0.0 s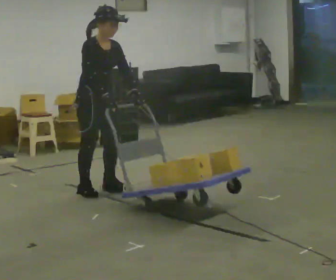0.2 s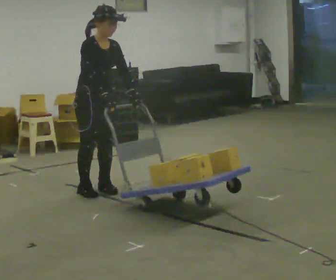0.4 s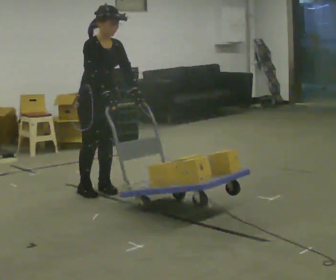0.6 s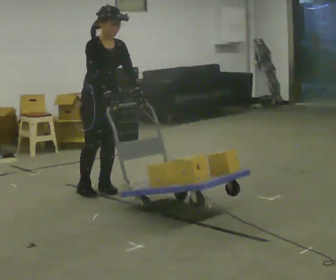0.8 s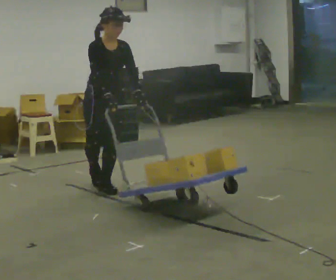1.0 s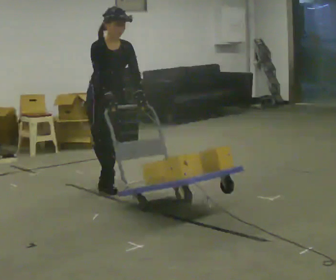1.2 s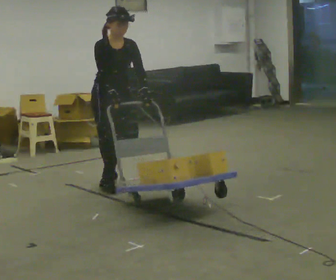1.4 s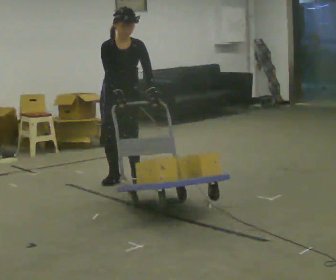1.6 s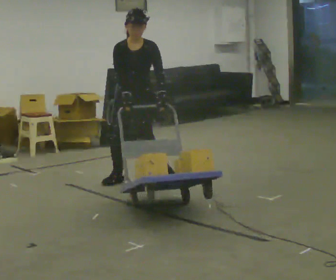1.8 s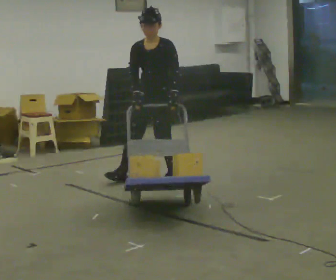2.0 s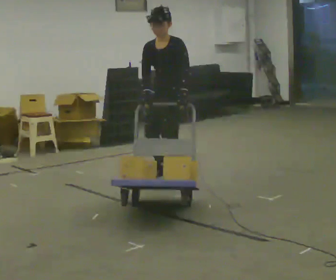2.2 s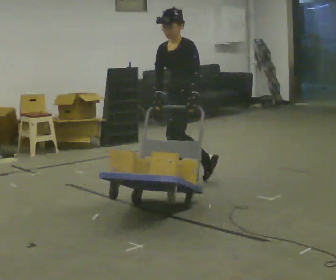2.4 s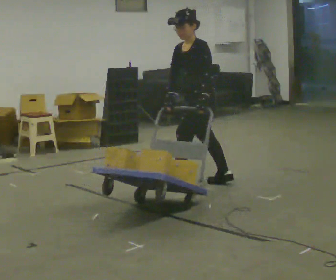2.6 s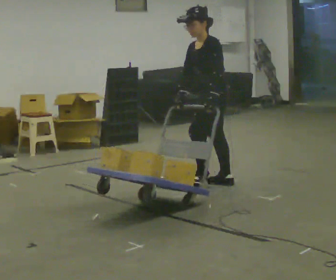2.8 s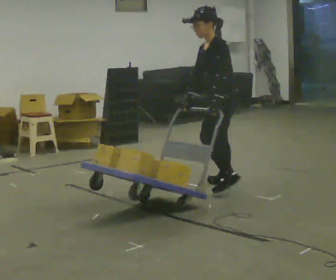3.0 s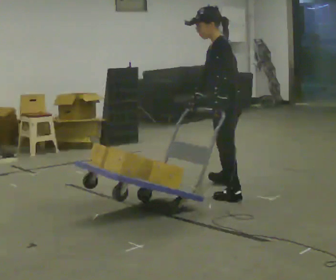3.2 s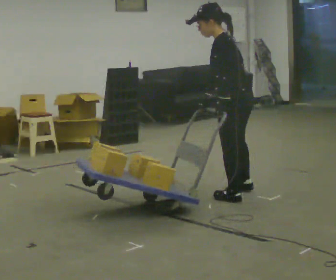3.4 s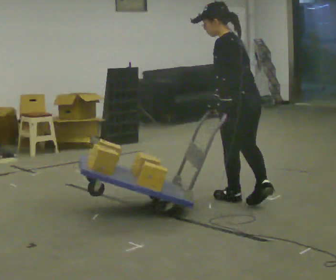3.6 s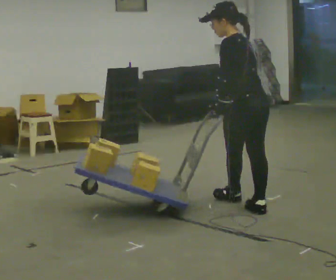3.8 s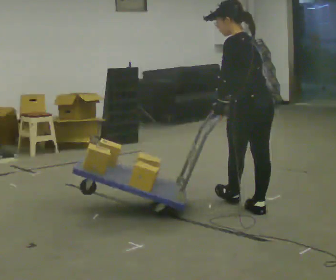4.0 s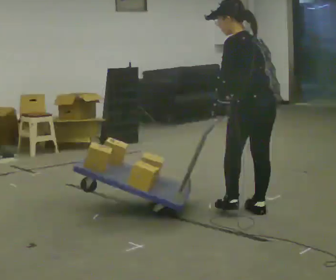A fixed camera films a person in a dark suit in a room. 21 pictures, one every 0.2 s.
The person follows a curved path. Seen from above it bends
clockwise.
The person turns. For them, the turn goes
to their right.
0.0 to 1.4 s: The part of the body nearest the lens slides to the left as the person turns to their right by about 45 degrees. In the picture they go away from the camera and to the right, about 0.25 m in 2 steps, which for them is to their left and backward.
1.4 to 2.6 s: The person turns about 75 degrees to their right, clockwise seen from above, so the part of the body nearest the lens slides to the left. In the picture they go to the right, about 1 m in 2 steps. In the picture the upper body tilts counterclockwise, shoulders to the left.
2.6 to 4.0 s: The part of the body nearest the lens slides to the left as the person turns to their right by about 60 degrees. In the picture they go toward the camera, about 1 m in 2 steps.
The film runs backward here.
